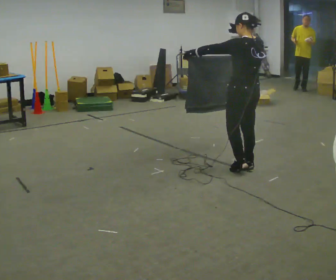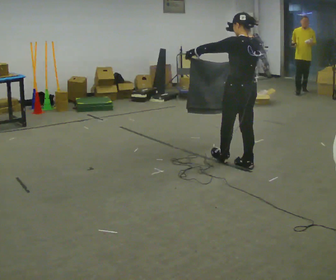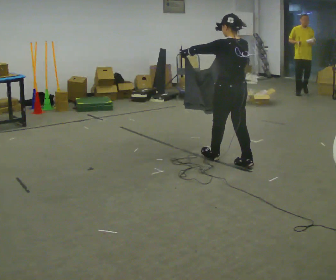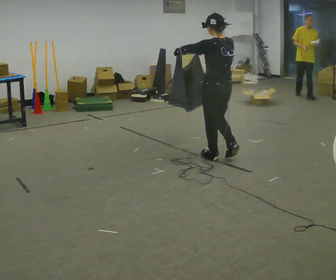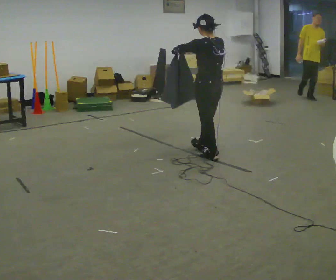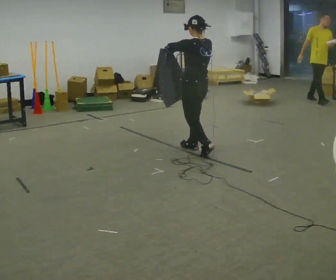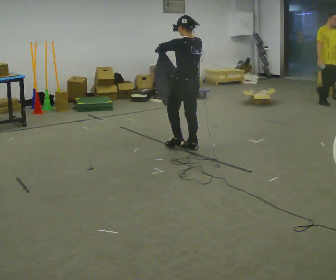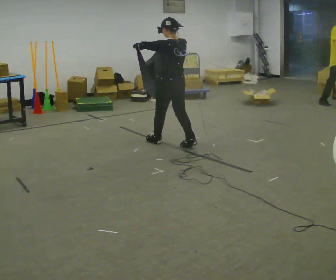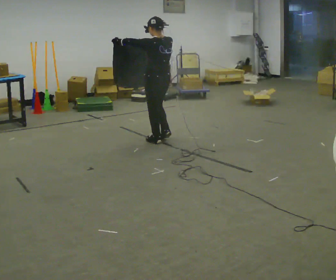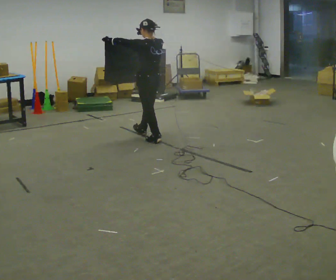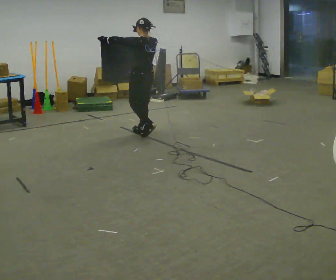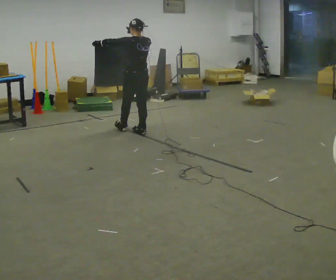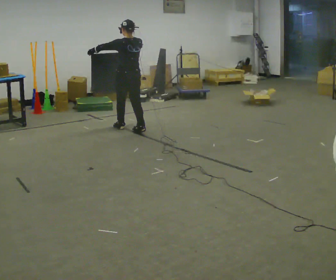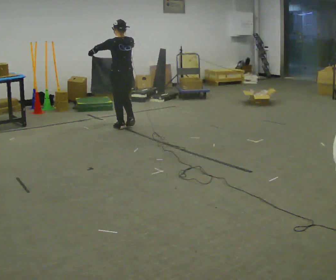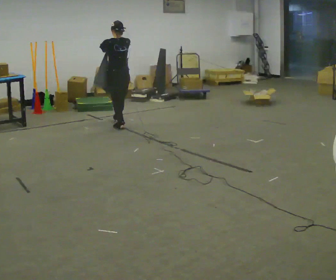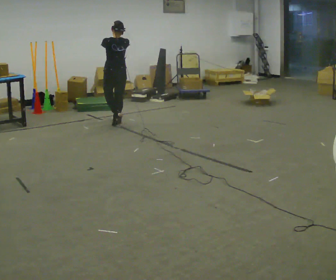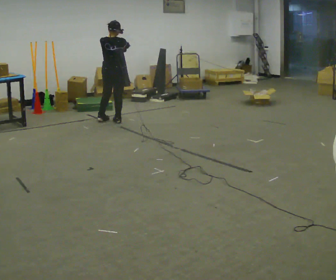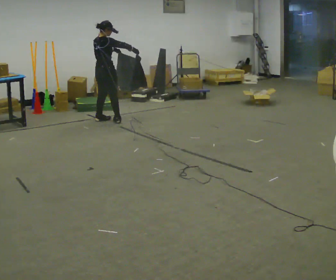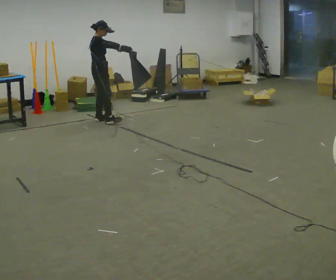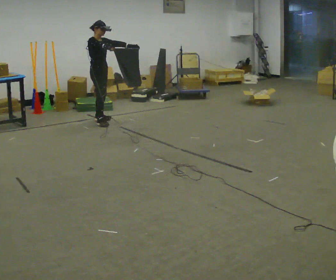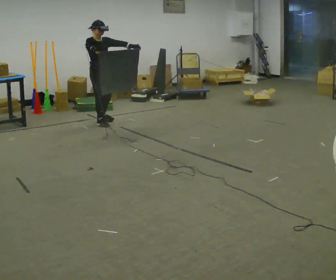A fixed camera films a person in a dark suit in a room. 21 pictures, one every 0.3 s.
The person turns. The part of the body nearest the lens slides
to the left.
The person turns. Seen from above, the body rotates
clockwise.
0.0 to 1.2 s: In the picture they go away from the camera and to the left, about 0.5 m in 1 step, which for them is forward.
1.2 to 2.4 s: In the picture they go away from the camera and to the left, about 1 m in 2 steps, which for them is forward.
2.4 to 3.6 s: In the picture they go away from the camera and to the left, about 0.75 m in 2 steps, which for them is forward.
3.6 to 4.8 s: The person turns about 30 degrees to their right, clockwise seen from above, so the part of the body nearest the lens slides to the left. In the picture they go away from the camera and to the left, about 0.5 m in 1 step, which for them is forward.
4.8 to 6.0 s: The person turns about 120 degrees to their right, clockwise seen from above, so the part of the body nearest the lens slides to the left. In the picture they go to the left, about 0.25 m in 2 steps. In the picture their right hand goes to the left.
The film runs forward here.
